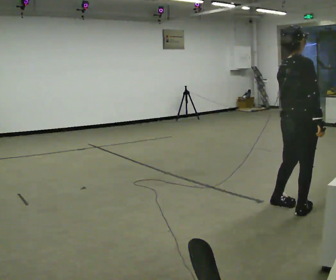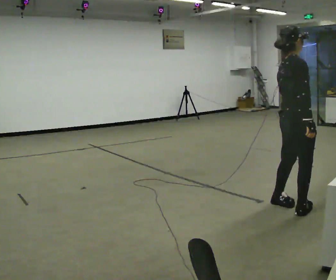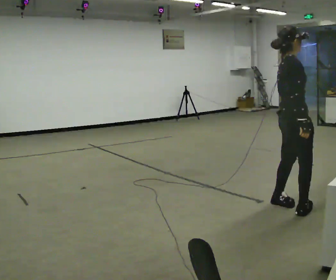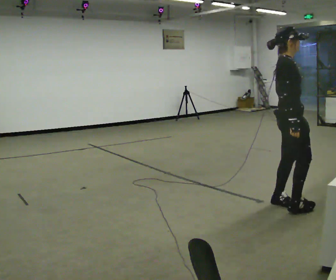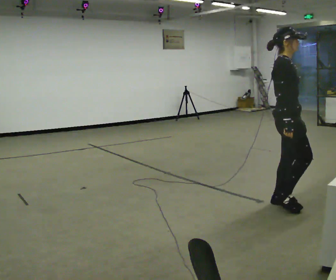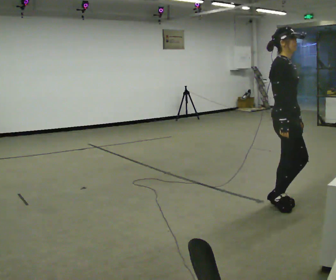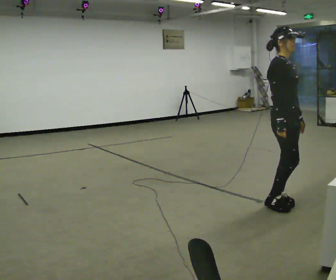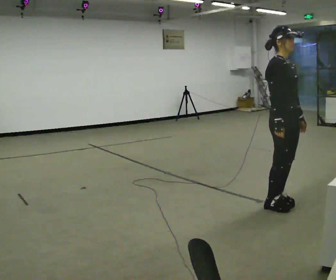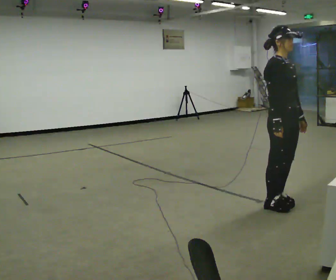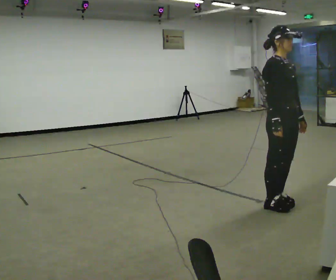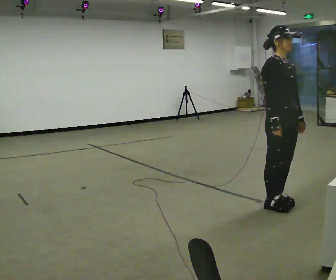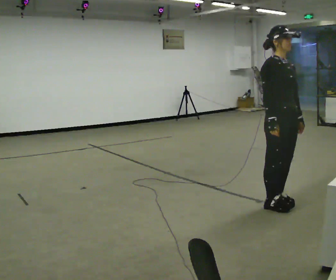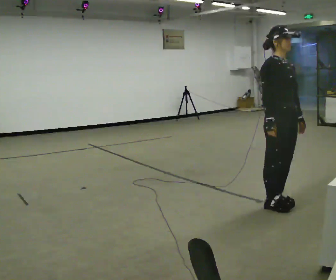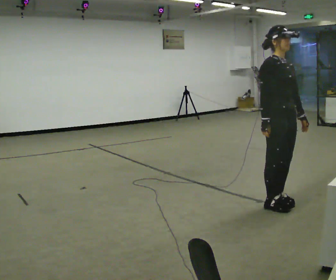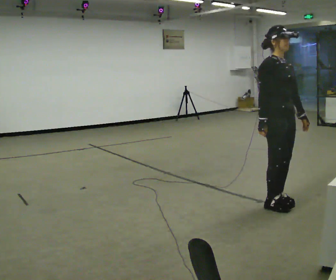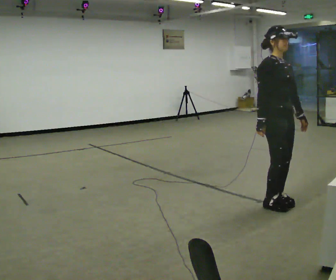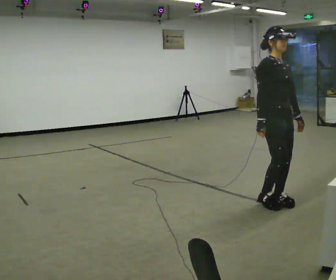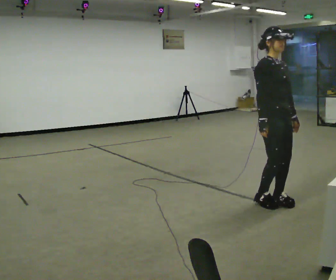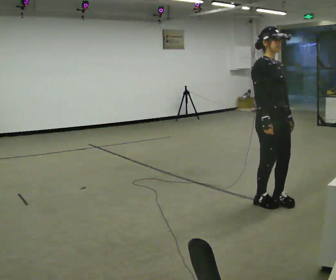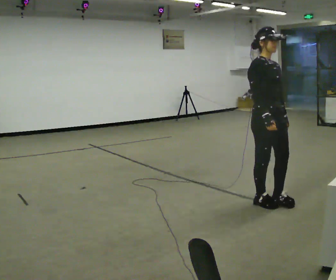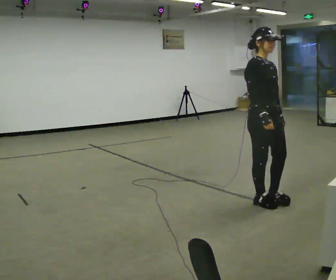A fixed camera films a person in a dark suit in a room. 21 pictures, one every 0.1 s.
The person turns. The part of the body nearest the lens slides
to the left.
The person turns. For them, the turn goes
to their right.
0.0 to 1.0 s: The part of the body nearest the lens slides to the left as the person turns to their right by about 75 degrees.
1.0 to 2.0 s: In the picture they go to the left, about 0.25 m in 2 steps, which for them is backward.
The film runs backward here.
